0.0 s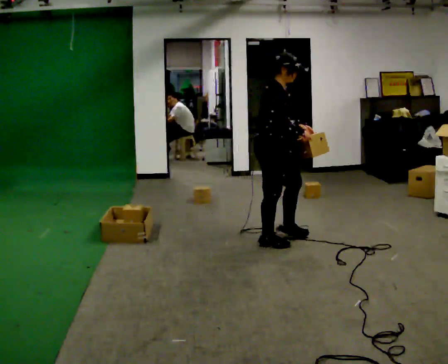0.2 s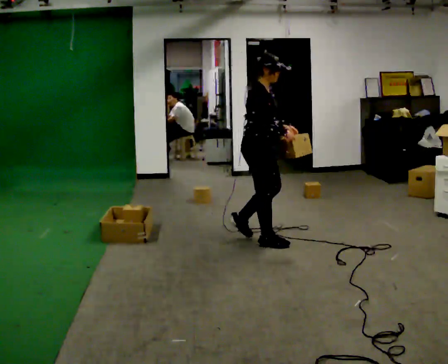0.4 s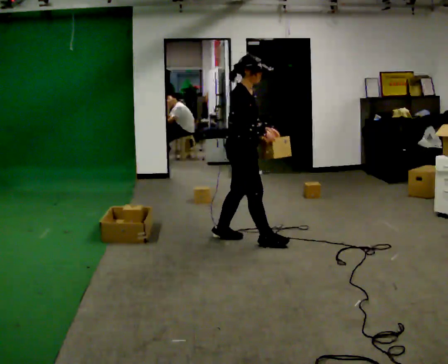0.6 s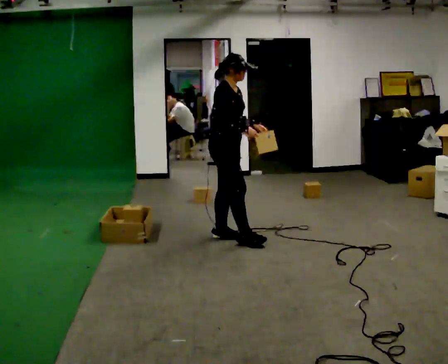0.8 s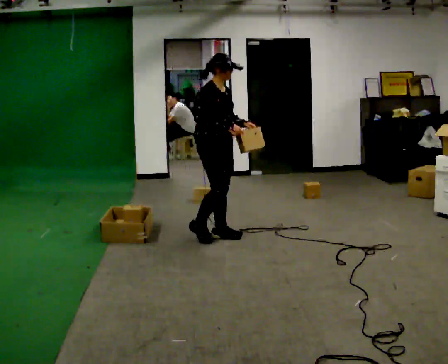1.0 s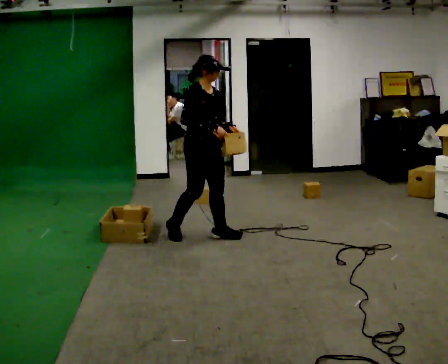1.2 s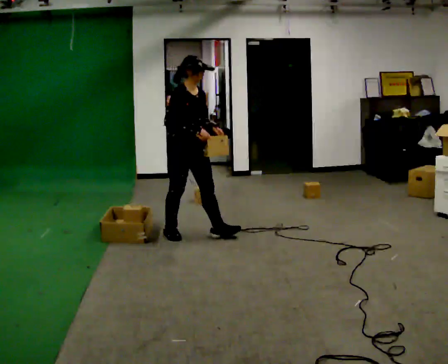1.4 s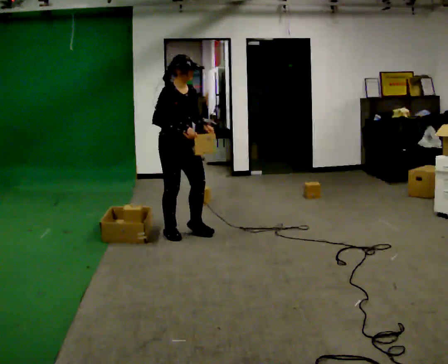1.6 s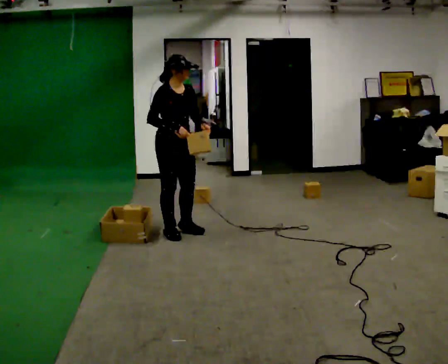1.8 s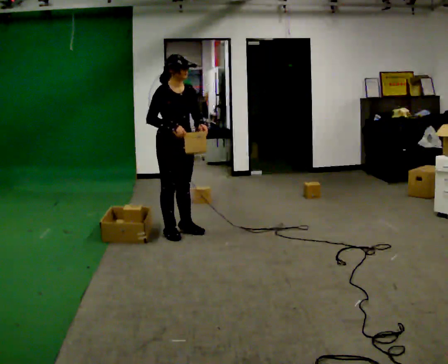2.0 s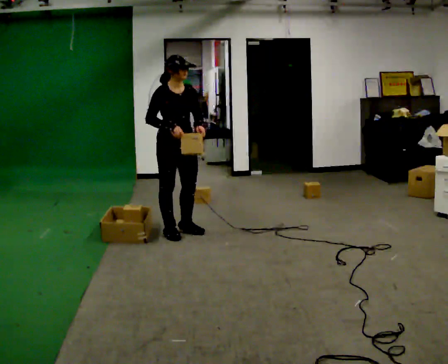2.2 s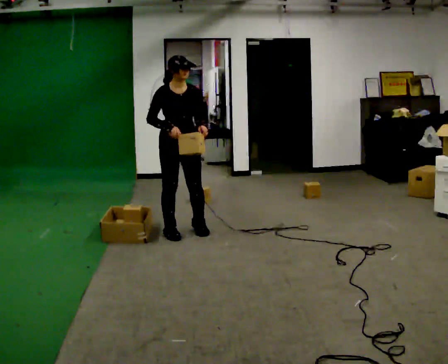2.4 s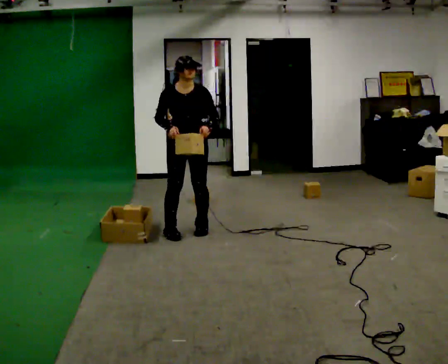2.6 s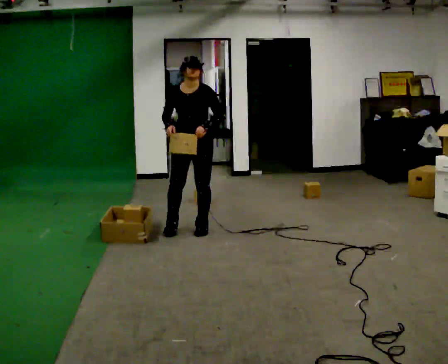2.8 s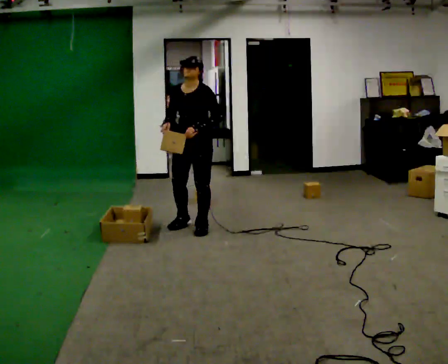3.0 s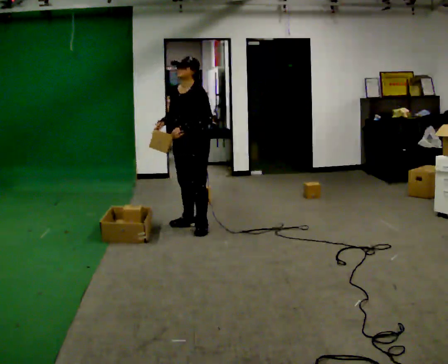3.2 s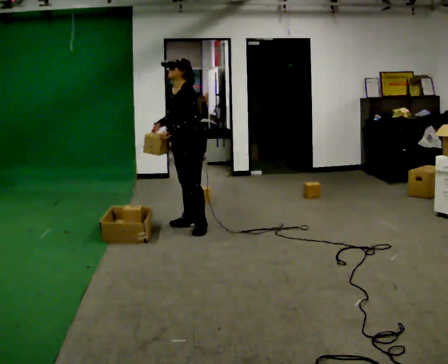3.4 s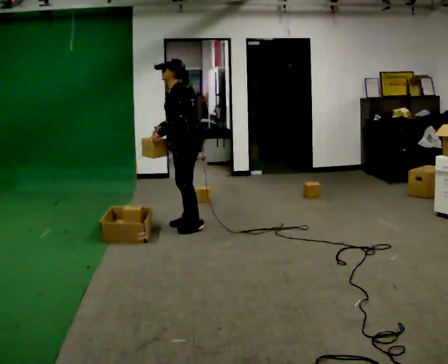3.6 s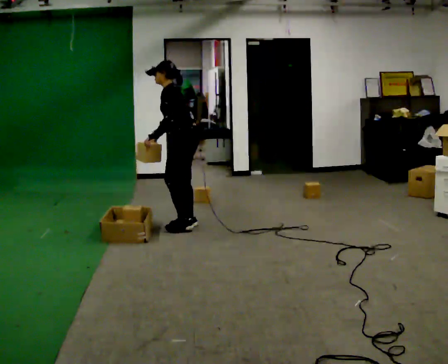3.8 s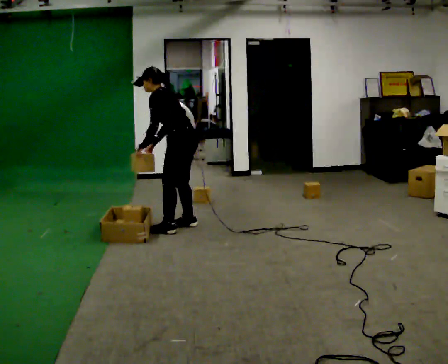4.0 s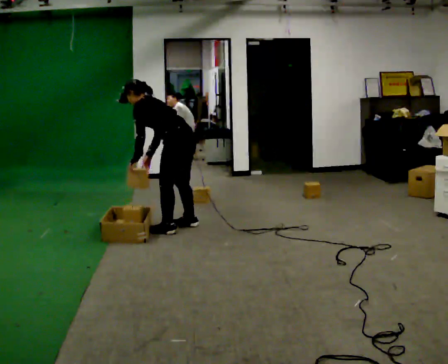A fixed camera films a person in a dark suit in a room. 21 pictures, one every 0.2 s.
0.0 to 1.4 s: The person turns about 30 degrees to their right, clockwise seen from above, so the part of the body nearest the lens slides to the left. In the picture they go to the left and away from the camera, about 1 m in 2 steps, which for them is backward.
1.4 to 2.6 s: The part of the body nearest the lens slides to the left as the person turns to their right by about 60 degrees. In the picture they go away from the camera and to the right, about 0.25 m in 1 step.
2.6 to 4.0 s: The person turns about 105 degrees to their right, clockwise seen from above, so the part of the body nearest the lens slides to the left. In the picture the upper body tilts counterclockwise, shoulders to the left, as they bend forward.
The film runs backward here.
